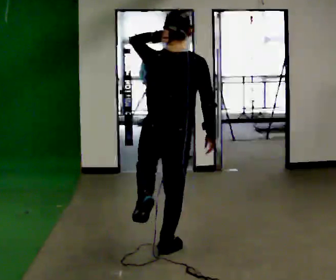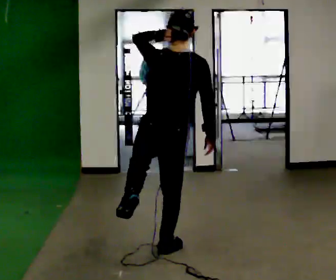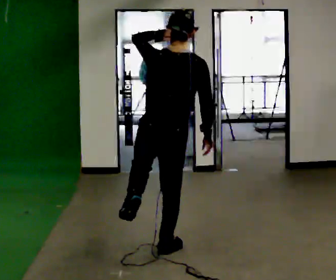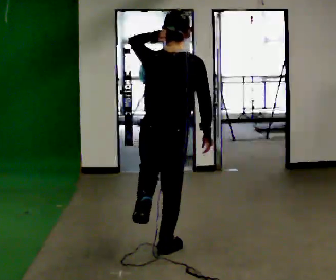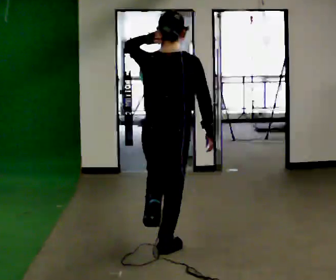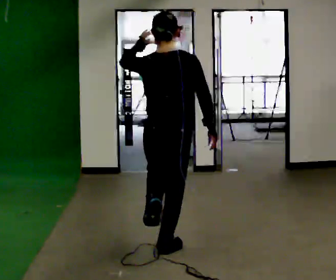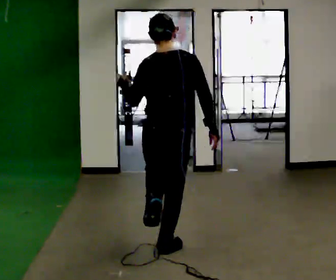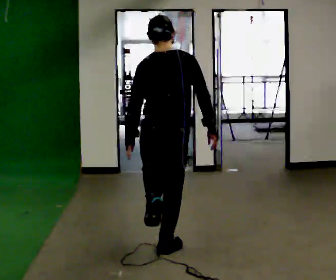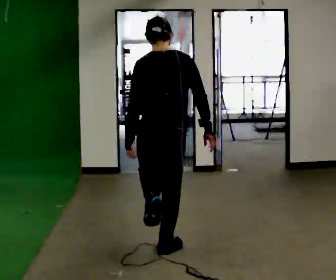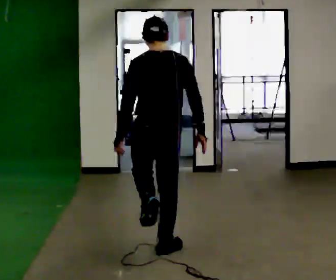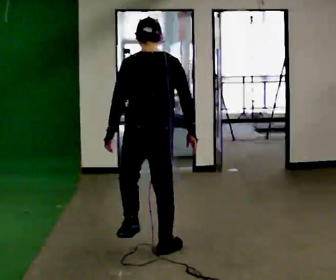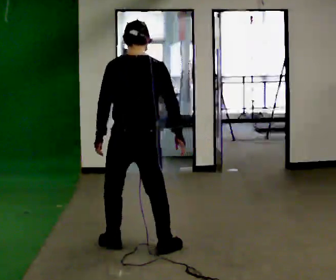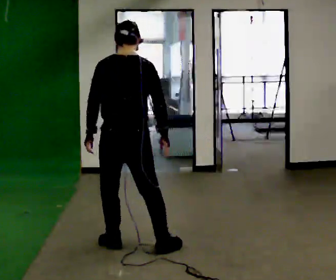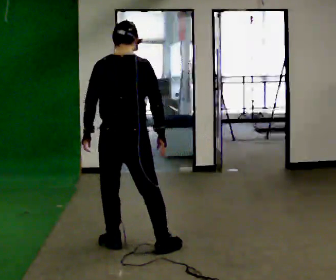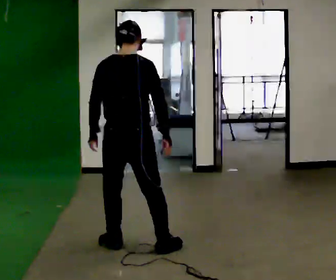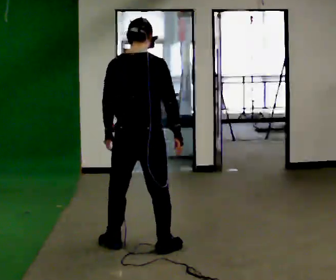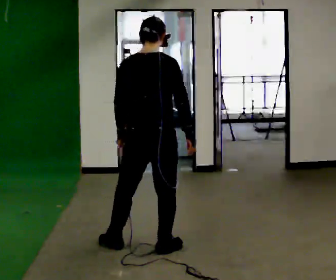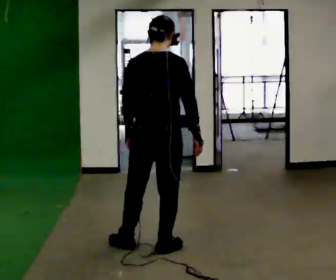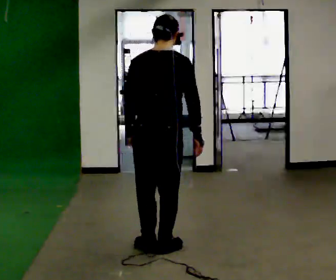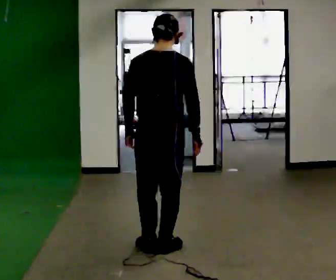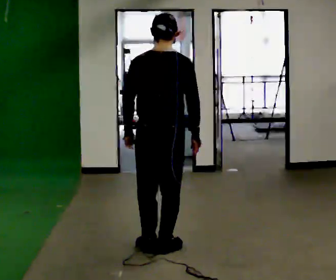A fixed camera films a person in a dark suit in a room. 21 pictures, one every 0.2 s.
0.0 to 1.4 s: In the picture their left hand goes downward.
1.4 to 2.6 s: In the picture they go to the left, about 0.25 m in 1 step, which for them is to their left and forward.
2.6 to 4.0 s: In the picture they go to the right, about 0.25 m in 1 step, which for them is to their right.
The film runs forward here.
